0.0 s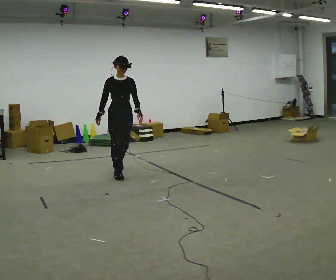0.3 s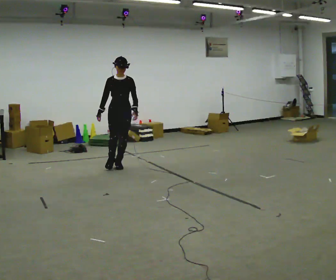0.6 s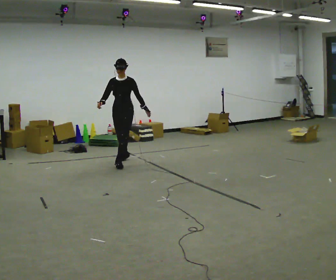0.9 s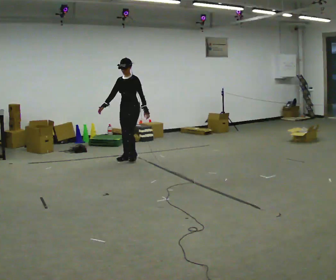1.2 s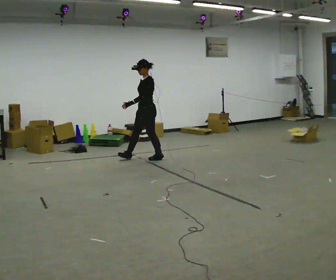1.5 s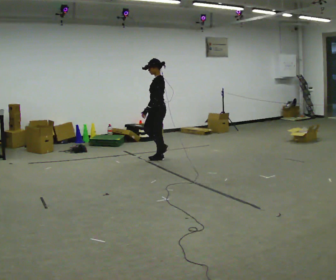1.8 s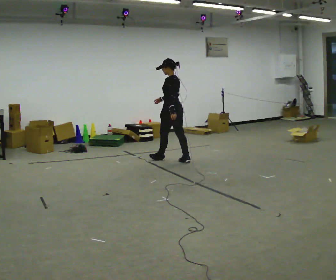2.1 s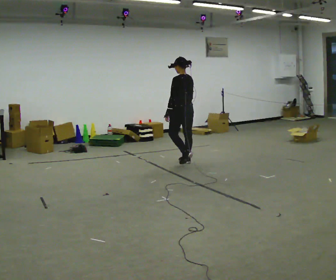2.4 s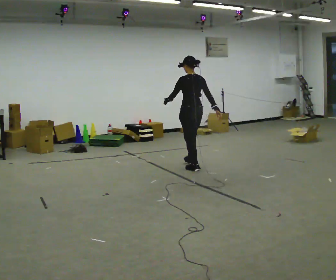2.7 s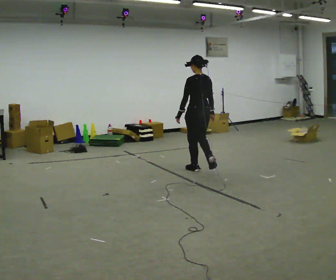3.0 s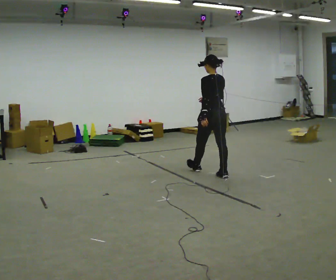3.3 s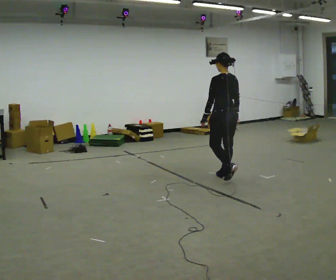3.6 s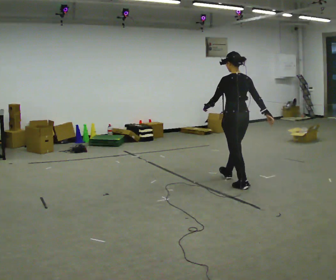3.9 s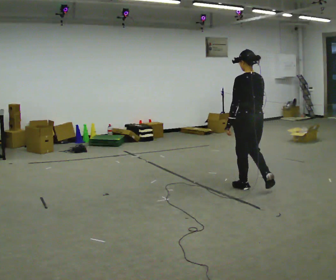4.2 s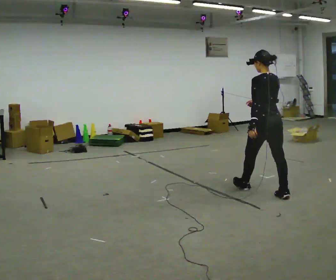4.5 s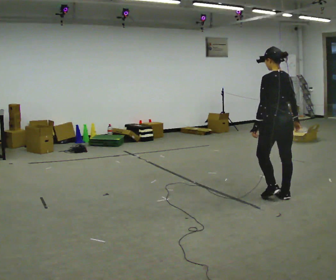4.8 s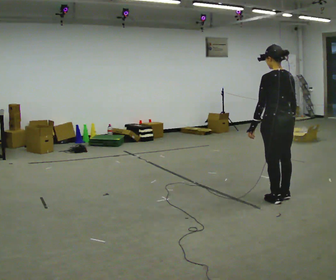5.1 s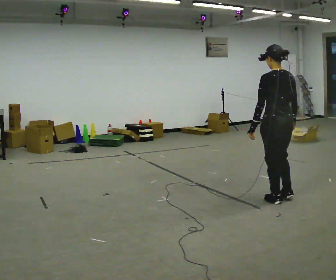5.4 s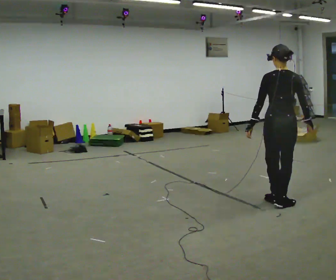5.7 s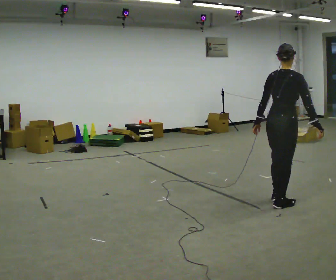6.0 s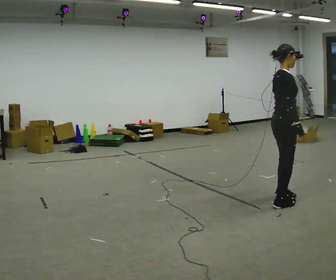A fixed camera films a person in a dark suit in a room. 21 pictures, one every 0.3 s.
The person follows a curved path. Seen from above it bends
clockwise.
The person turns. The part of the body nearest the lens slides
to the left.
0.0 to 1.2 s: Seen from above the body turns clockwise, about 75 degrees: to their right, with its near side sliding to the left. In the picture they go away from the camera, about 1 m in 2 steps.
1.2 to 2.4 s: The part of the body nearest the lens slides to the left as the person turns to their right by about 90 degrees. In the picture they go to the right and toward the camera, about 1 m in 2 steps.
2.4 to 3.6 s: In the picture they go toward the camera and to the right, about 1 m in 3 steps, which for them is backward.
3.6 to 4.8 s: In the picture they go toward the camera and to the right, about 1 m in 1 step, which for them is backward.
4.8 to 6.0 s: The part of the body nearest the lens slides to the left as the person turns to their right by about 105 degrees.
The film runs backward here.
